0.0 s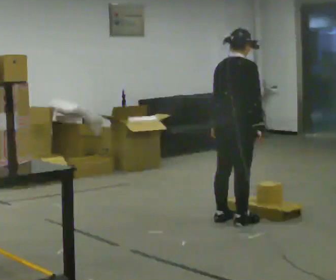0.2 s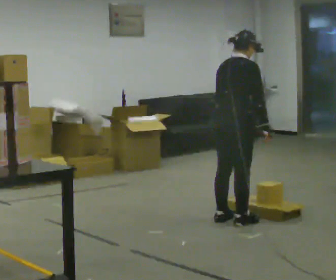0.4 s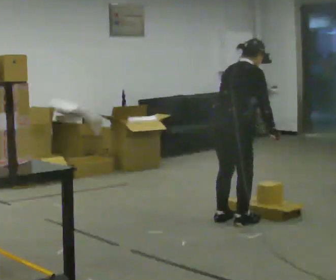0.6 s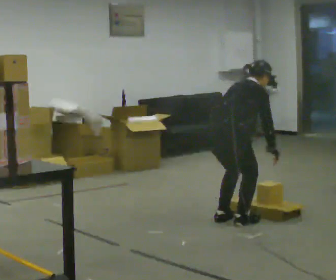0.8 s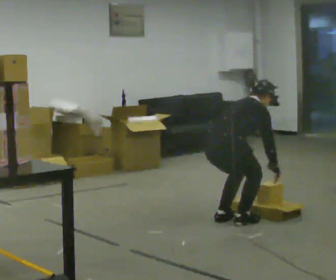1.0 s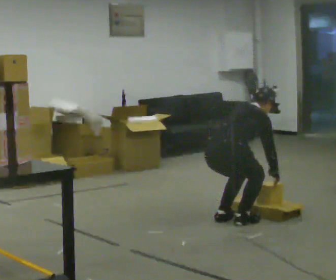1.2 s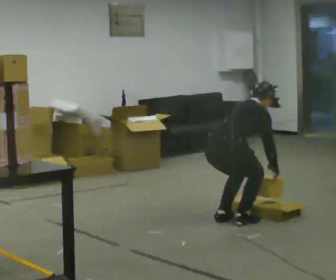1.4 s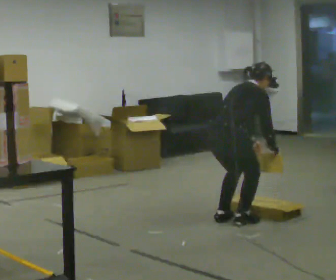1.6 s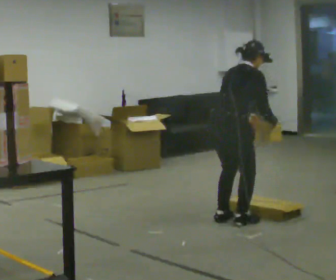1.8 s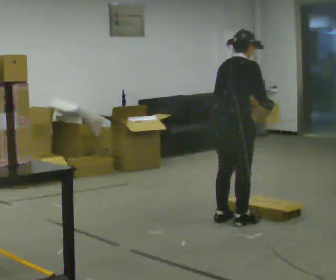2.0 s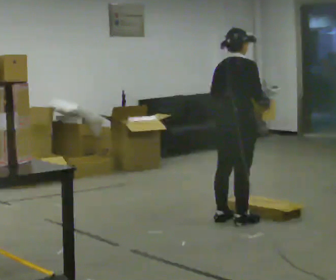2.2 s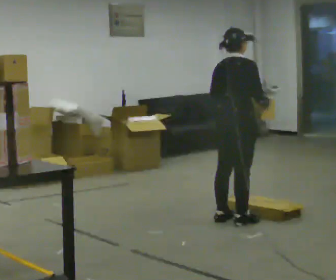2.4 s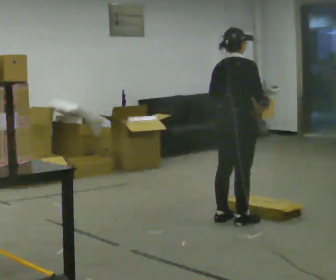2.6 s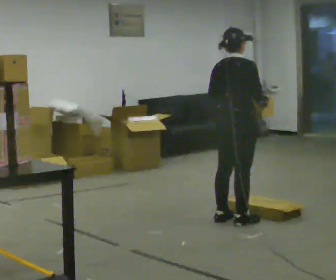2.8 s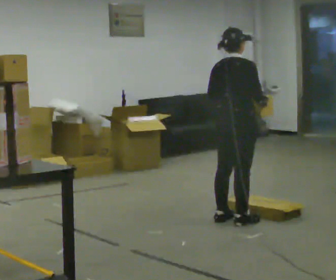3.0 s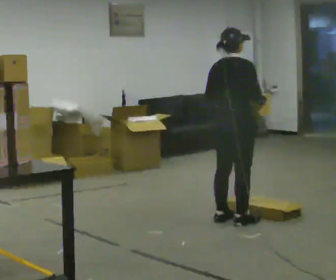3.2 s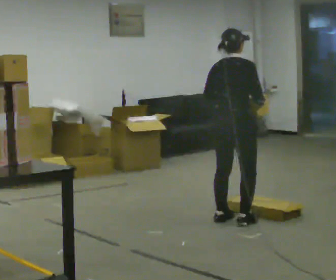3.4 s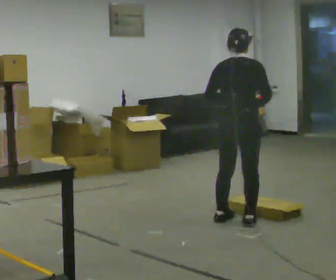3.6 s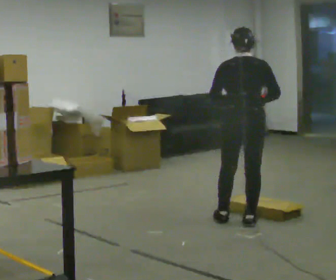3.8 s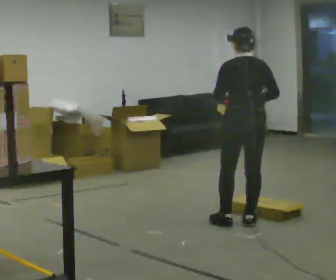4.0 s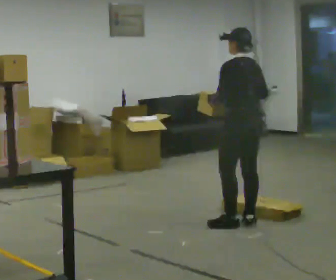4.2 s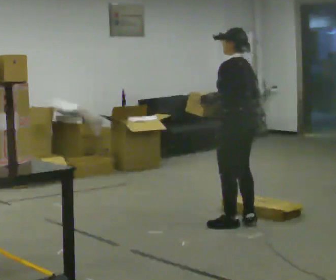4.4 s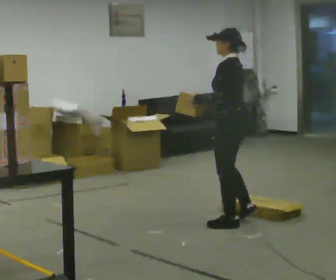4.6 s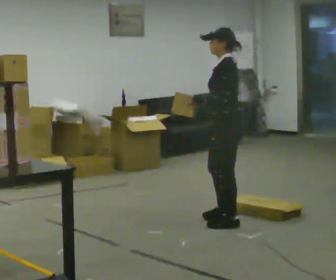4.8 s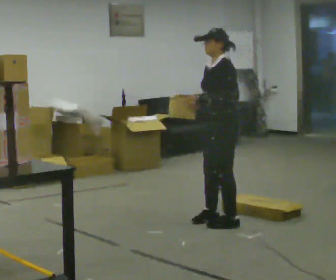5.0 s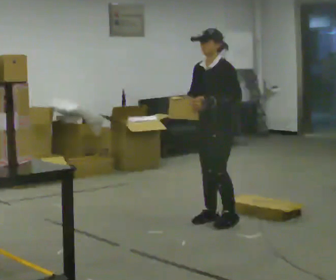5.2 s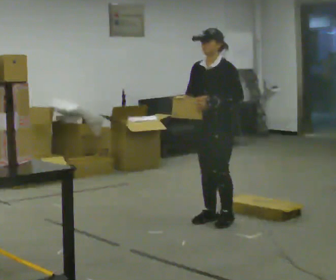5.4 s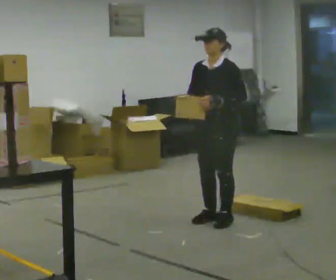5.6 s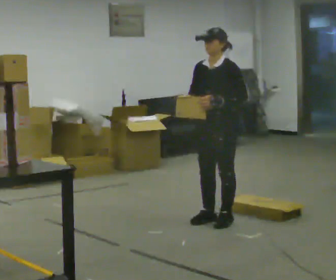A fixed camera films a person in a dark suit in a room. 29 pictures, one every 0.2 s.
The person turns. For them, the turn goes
to their left.
The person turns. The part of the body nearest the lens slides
to the right.
0.0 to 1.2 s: The upper body goes downward. In the picture the upper body tilts clockwise, shoulders to the right, as they bend forward. In the picture their left hand goes downward and to the right.
1.2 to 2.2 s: The upper body goes upward. In the picture the upper body tilts counterclockwise, shoulders to the left, as they lean back or straighten. In the picture their right hand goes upward.
2.2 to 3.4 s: The person turns about 30 degrees to their left, counterclockwise seen from above, so the part of the body nearest the lens slides to the right.
3.4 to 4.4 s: Seen from above the body turns counterclockwise, about 90 degrees: to their left, with its near side sliding to the right. In the picture their right hand goes to the left.
4.4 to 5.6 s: The person turns about 60 degrees to their left, counterclockwise seen from above, so the part of the body nearest the lens slides to the right.
The film runs forward here.
